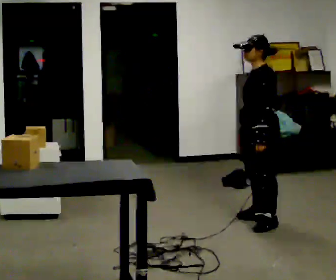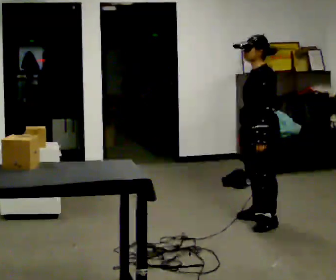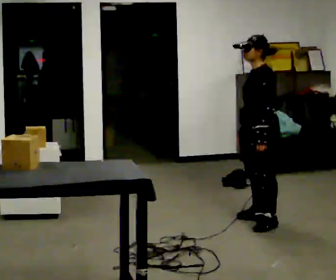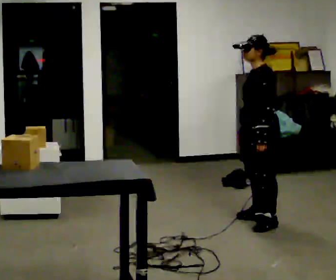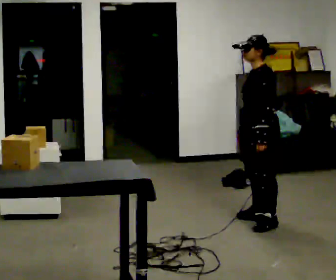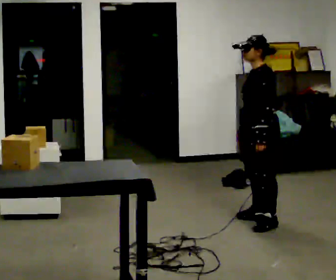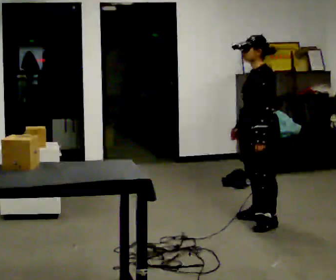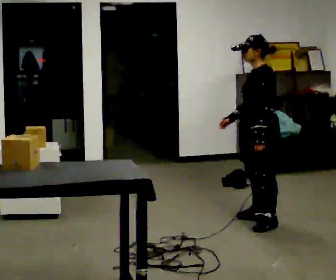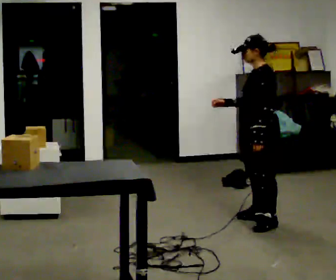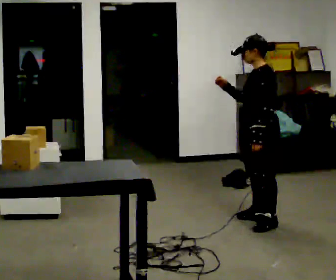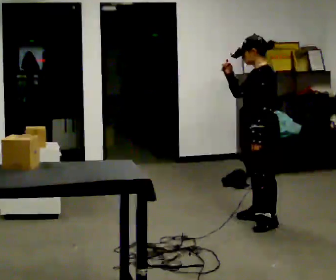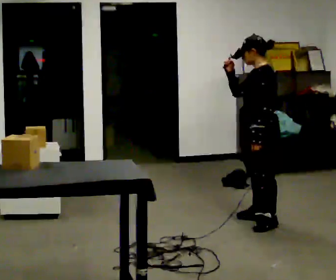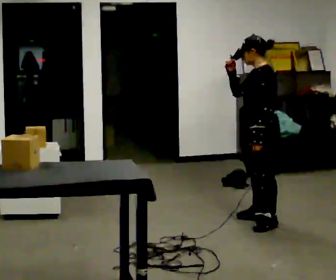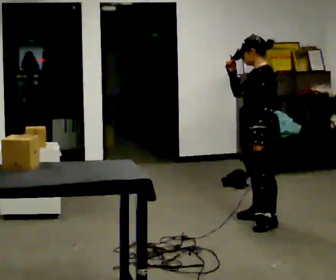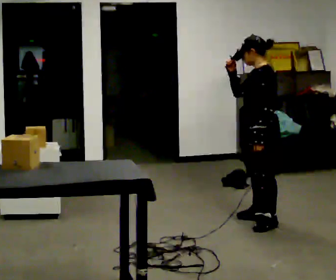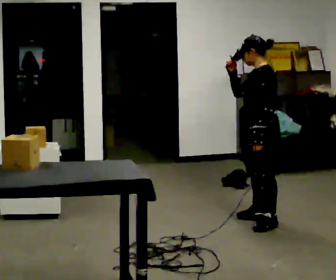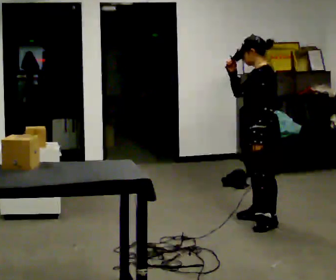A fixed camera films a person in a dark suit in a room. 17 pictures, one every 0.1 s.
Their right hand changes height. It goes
upward.
0.0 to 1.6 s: In the picture their right hand goes upward.
The film runs forward here.
